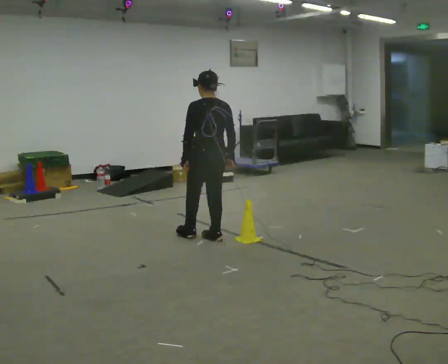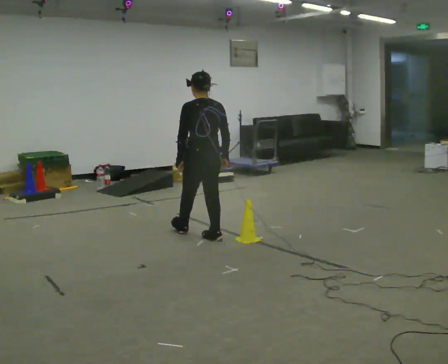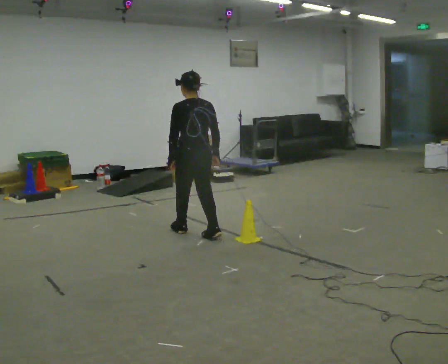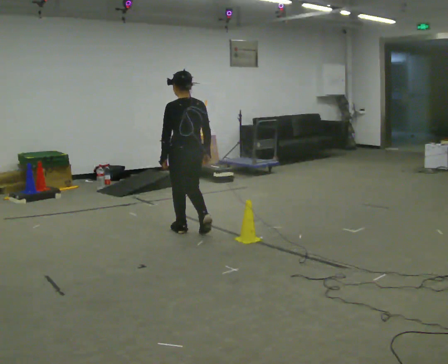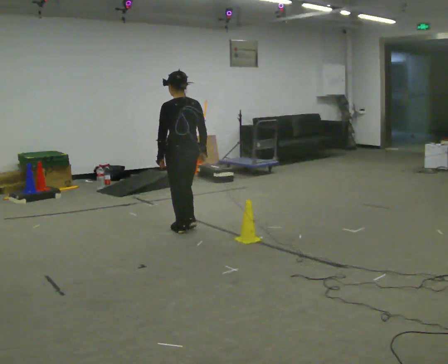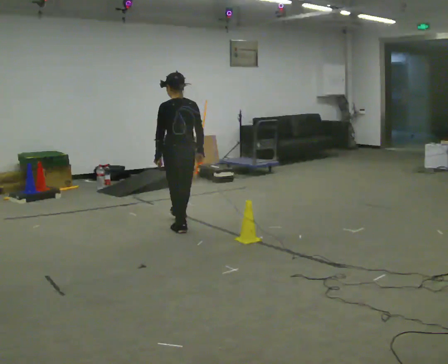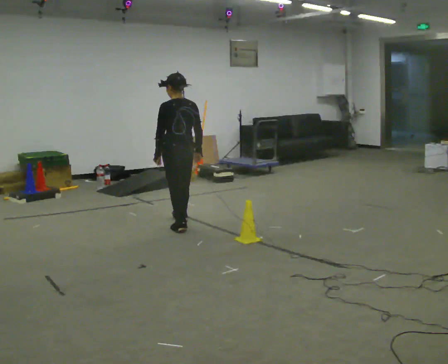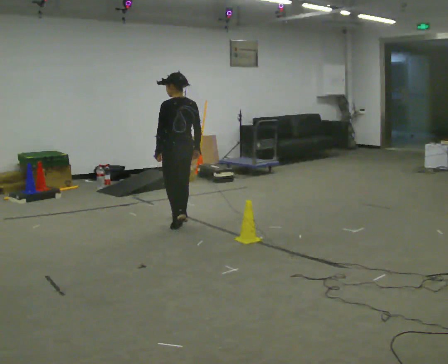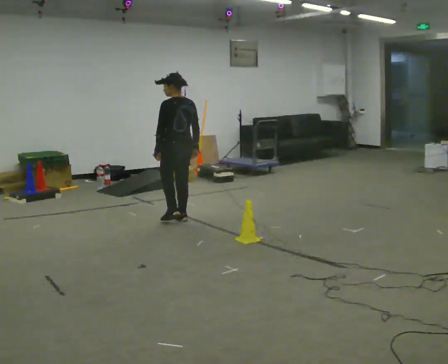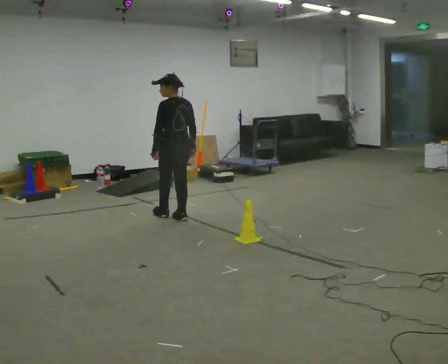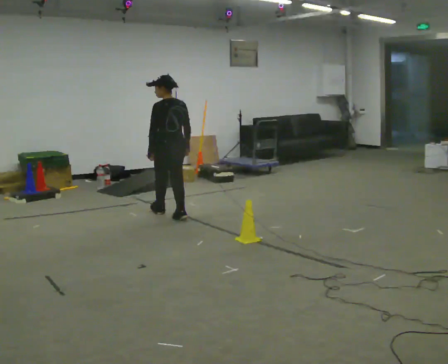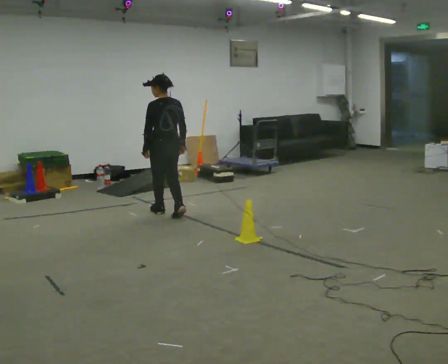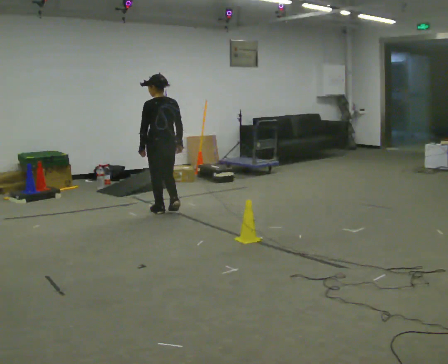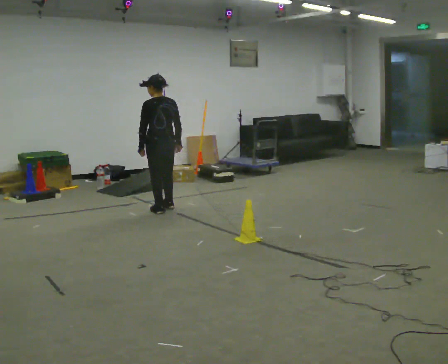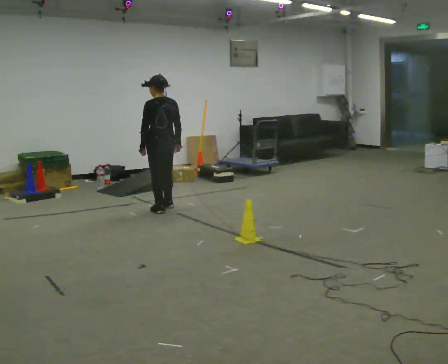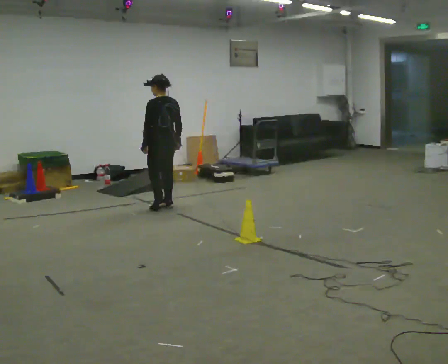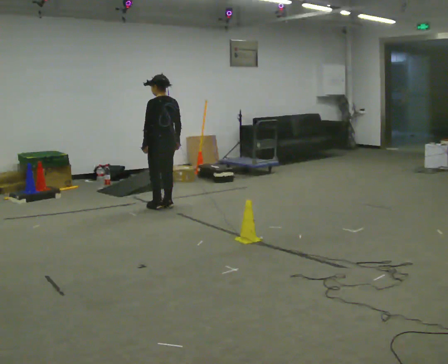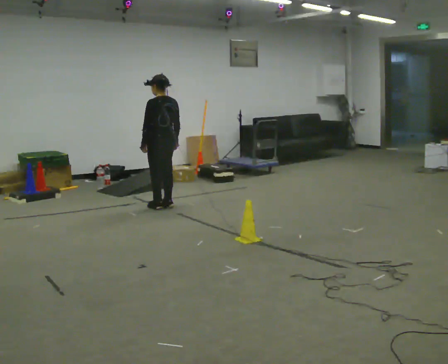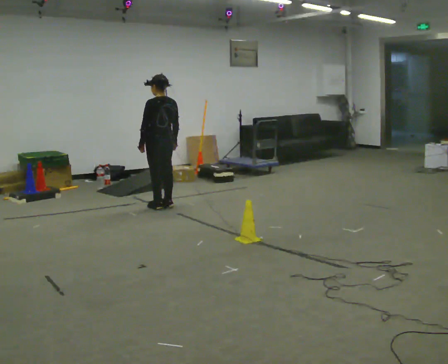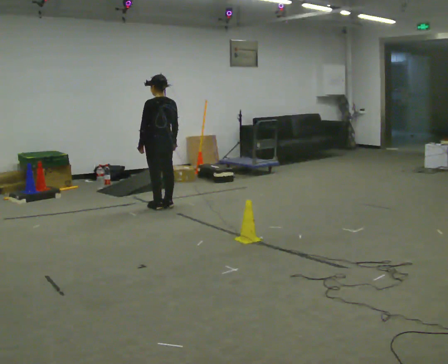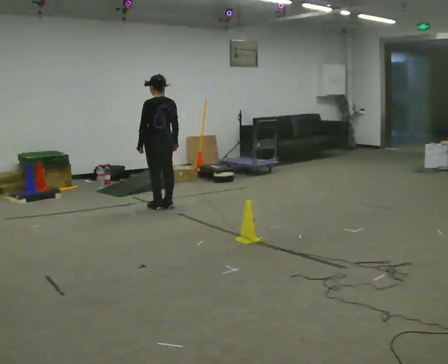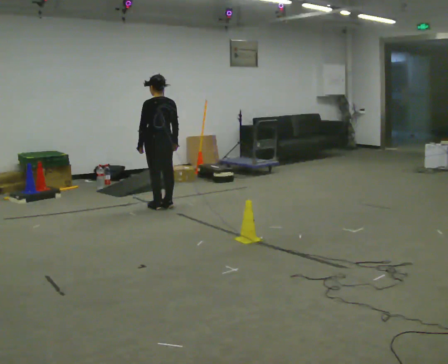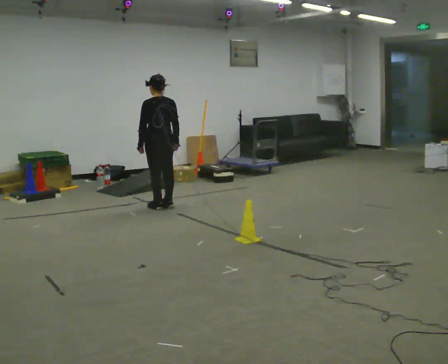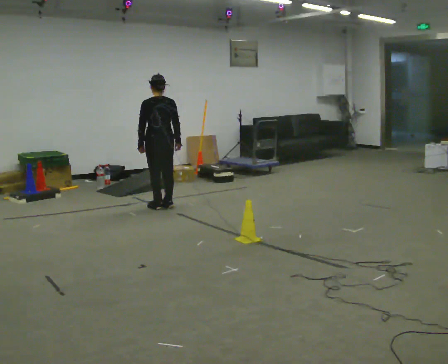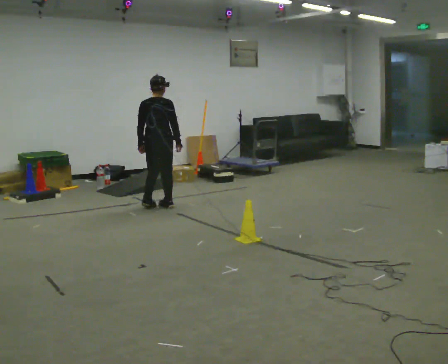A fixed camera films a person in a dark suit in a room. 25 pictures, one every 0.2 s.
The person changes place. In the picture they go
away from the camera.
0.0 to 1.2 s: In the picture they go away from the camera and to the left, about 0.5 m in 2 steps, which for them is forward.
1.2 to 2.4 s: In the picture they go away from the camera, about 0.5 m in 1 step, which for them is forward.
2.4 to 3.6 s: In the picture they go away from the camera, about 0.25 m in 2 steps, which for them is forward and to their right.
3.6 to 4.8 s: The person turns about 45 degrees to their right, clockwise seen from above, so the part of the body nearest the lens slides to the left.
The film runs forward here.
